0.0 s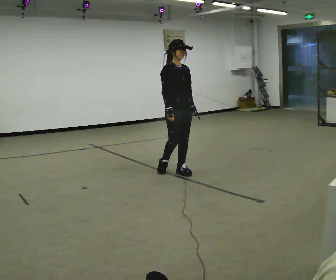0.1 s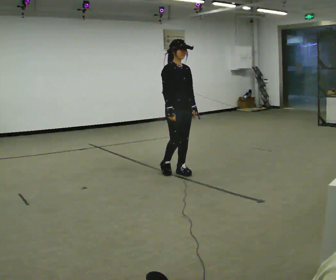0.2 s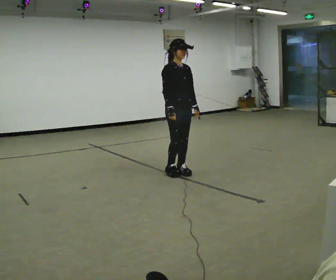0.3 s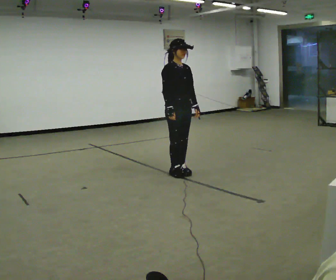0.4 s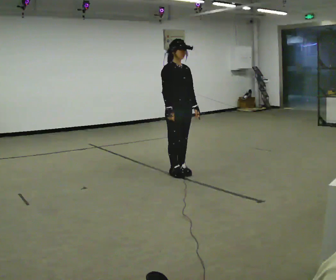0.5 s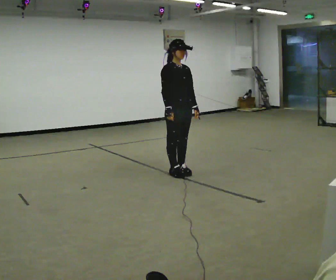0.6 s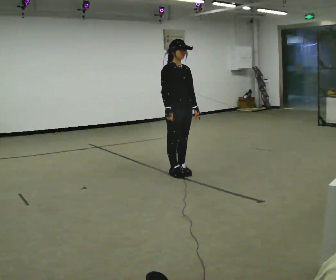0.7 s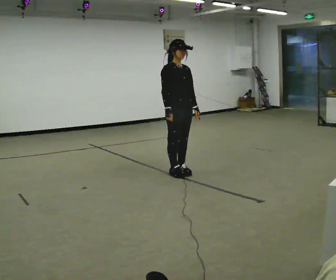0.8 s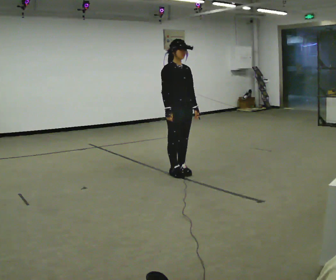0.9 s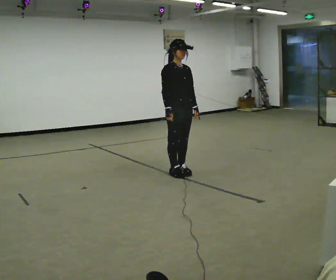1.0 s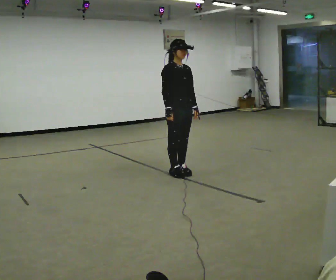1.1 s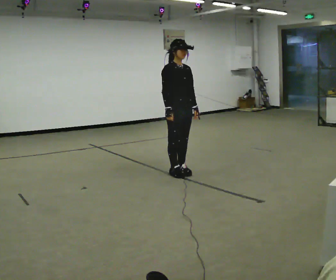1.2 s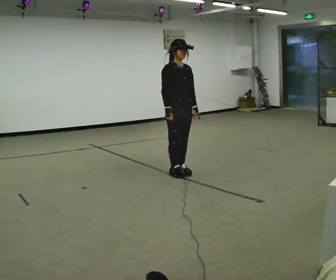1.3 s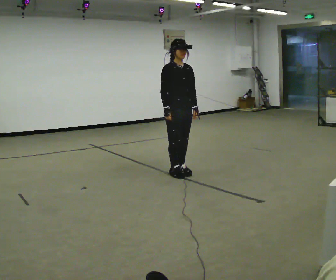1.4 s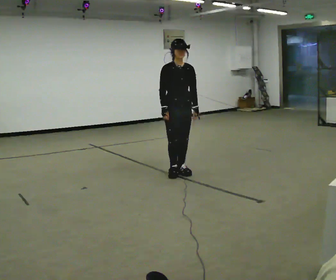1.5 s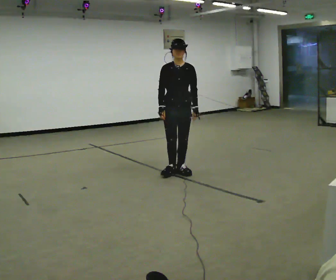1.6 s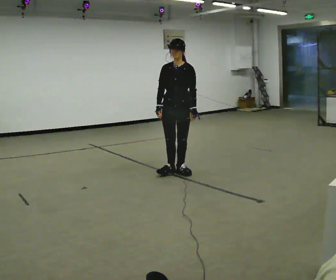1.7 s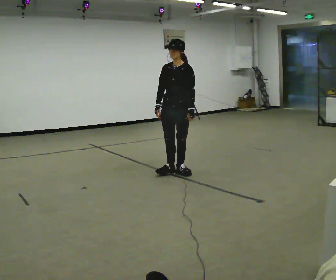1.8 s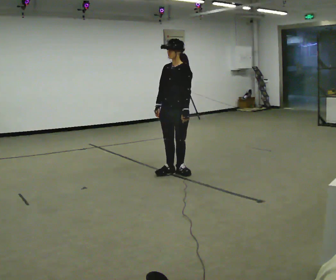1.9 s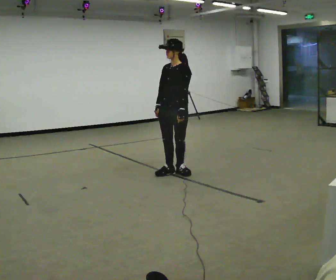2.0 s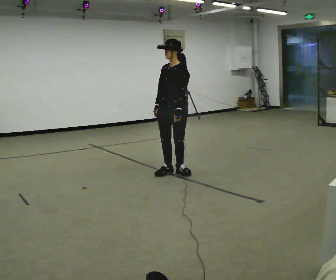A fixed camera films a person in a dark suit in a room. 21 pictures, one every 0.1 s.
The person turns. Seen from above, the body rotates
clockwise.
The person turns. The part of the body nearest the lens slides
to the left.
0.0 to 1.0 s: The person moves a little, or ends about where they began.
1.0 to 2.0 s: The part of the body nearest the lens slides to the left as the person turns to their right by about 75 degrees.
The film runs forward here.
